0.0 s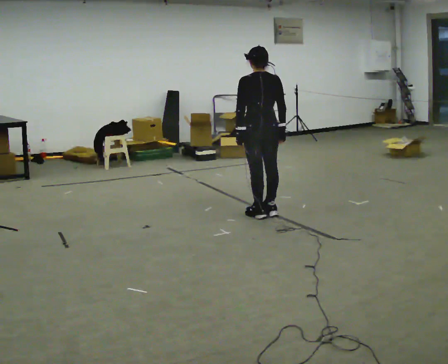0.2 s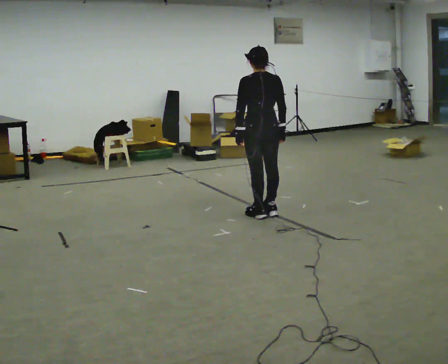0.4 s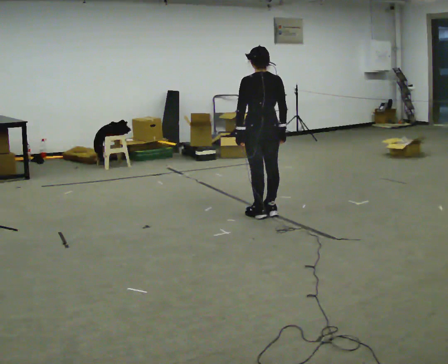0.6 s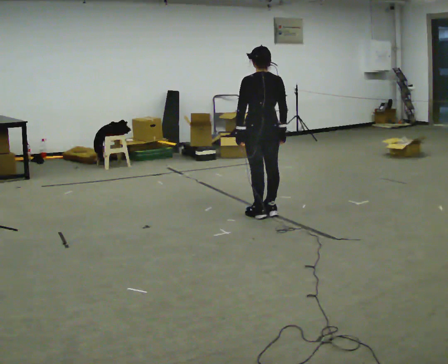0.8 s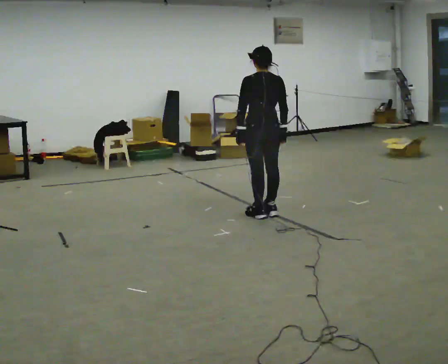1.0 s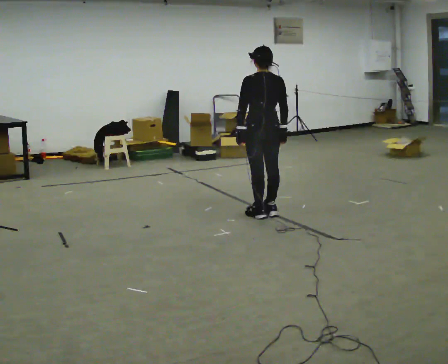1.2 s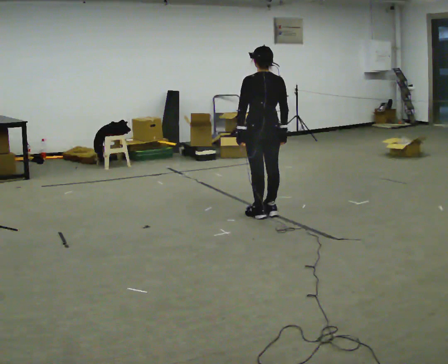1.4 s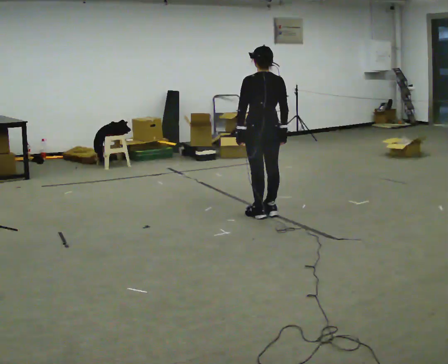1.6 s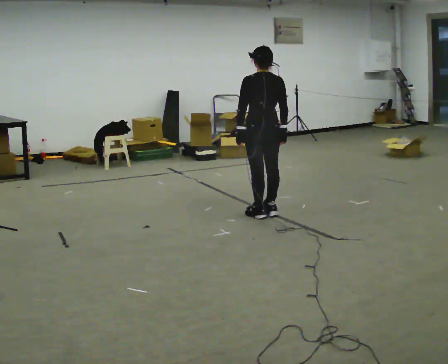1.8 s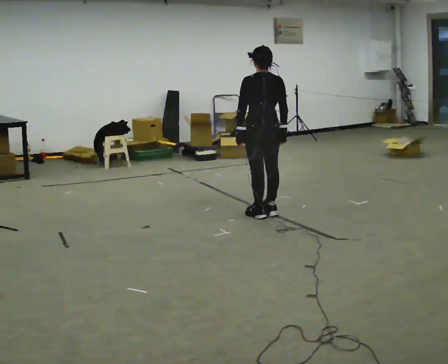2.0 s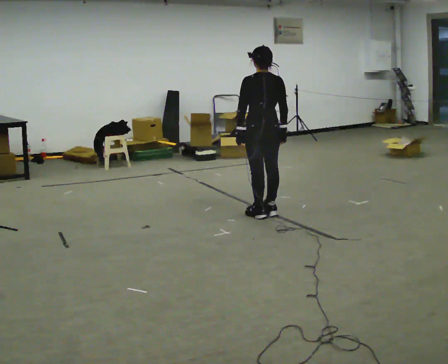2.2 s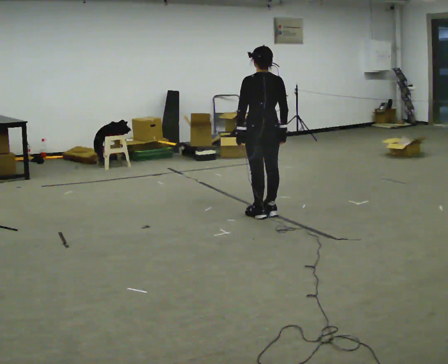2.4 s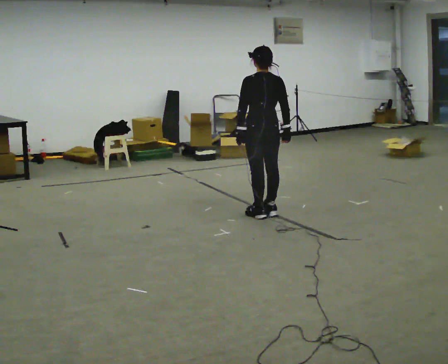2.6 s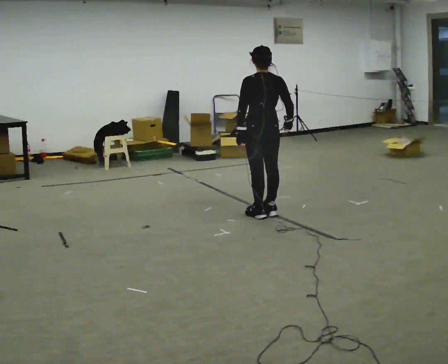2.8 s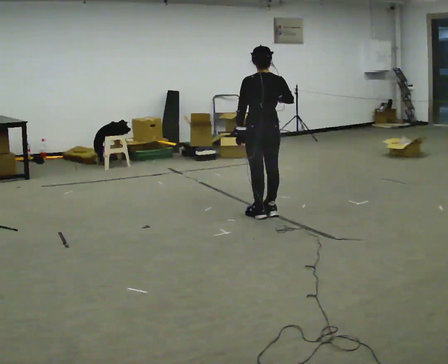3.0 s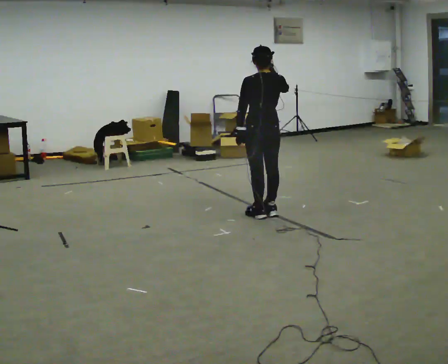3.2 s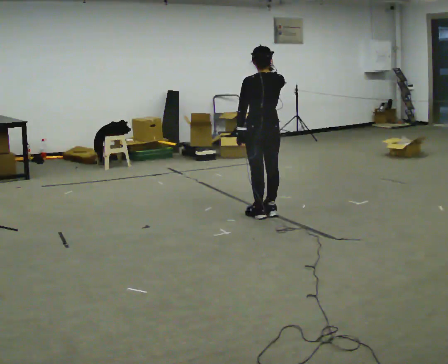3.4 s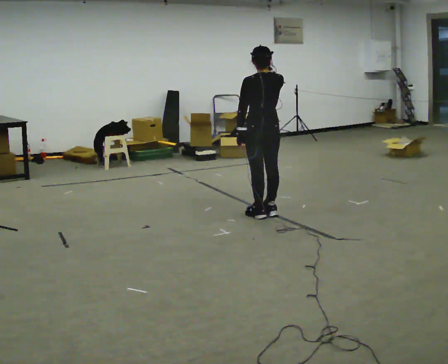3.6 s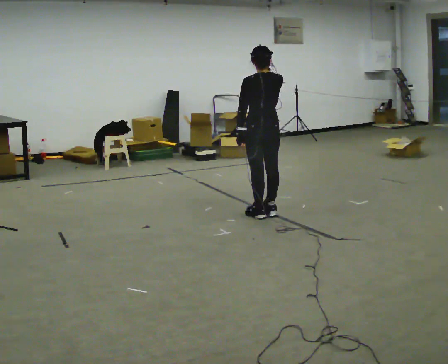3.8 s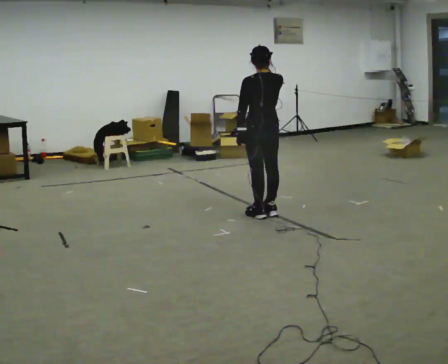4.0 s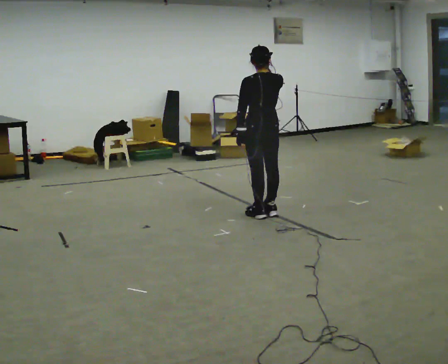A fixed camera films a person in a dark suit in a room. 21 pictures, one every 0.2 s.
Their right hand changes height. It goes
upward.
0.0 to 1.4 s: The person keeps their place and pose.
1.4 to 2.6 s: The person moves a little, or ends about where they began.
2.6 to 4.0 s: In the picture their right hand goes upward.
The film runs forward here.
